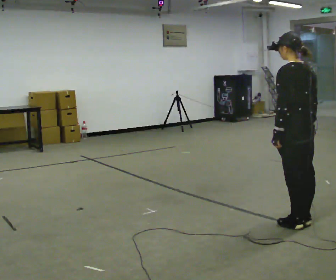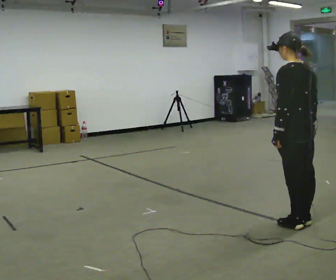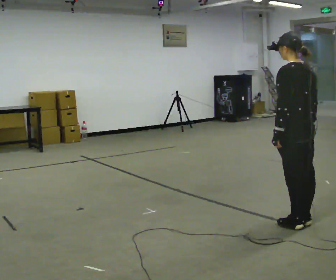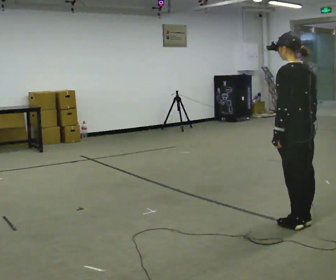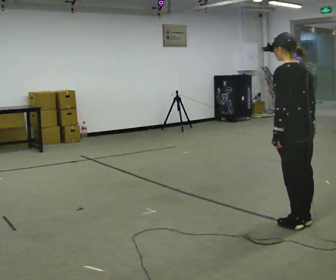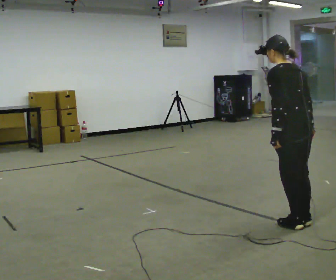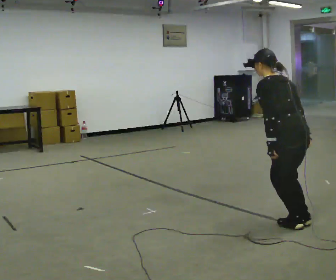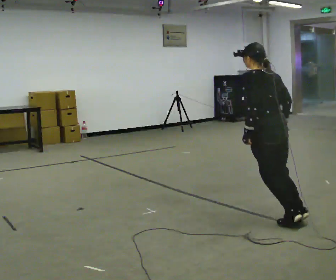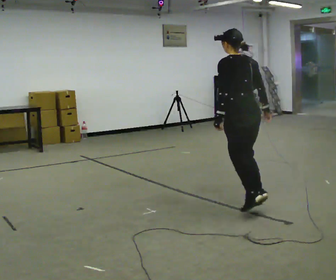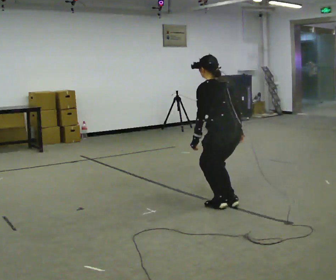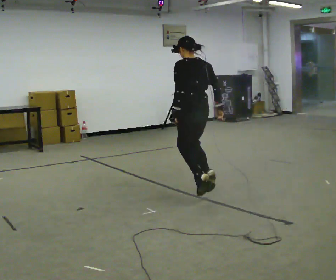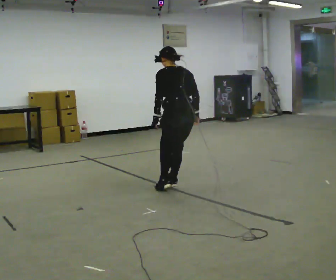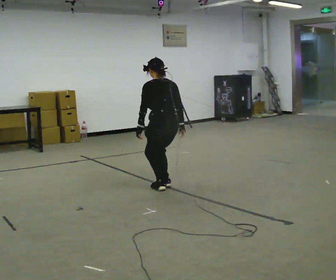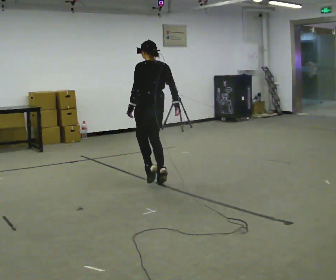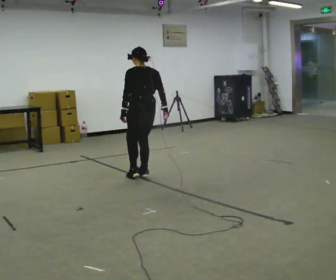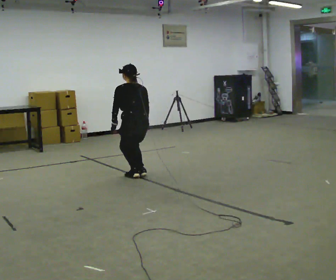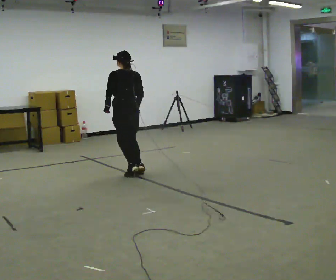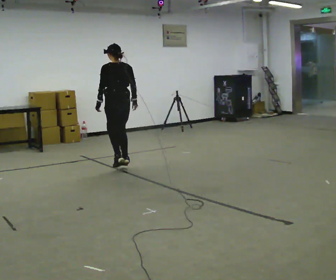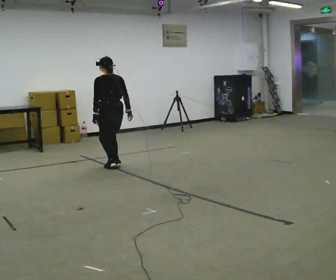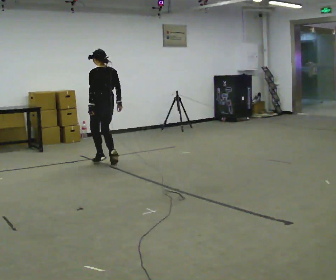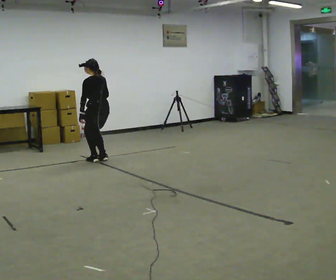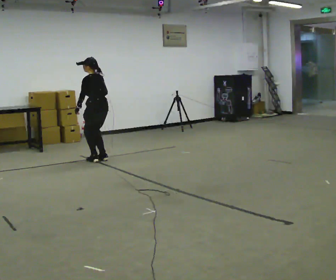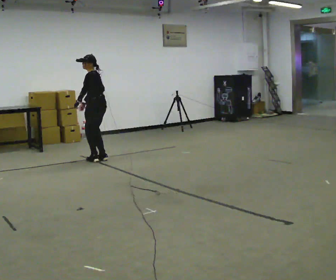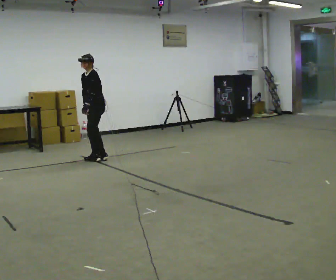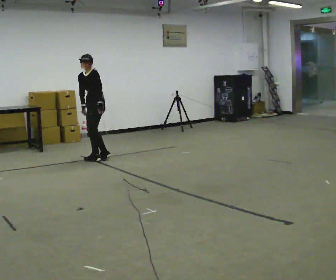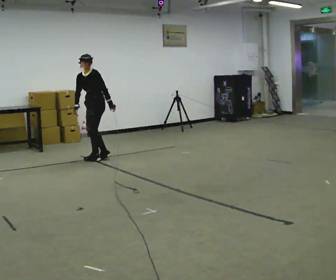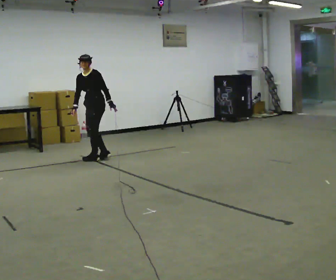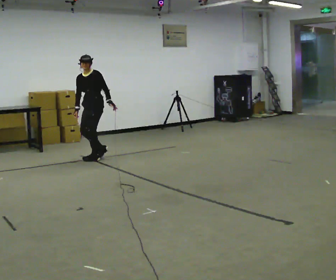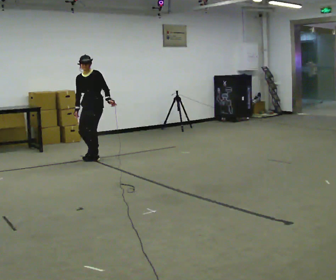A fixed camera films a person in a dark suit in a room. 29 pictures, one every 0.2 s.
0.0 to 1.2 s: The upper body tips away from the camera, its near side rolling upward, as they bend forward.
1.2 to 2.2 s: In the picture they go away from the camera and to the left, about 1.5 m, which for them is forward.
2.2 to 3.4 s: In the picture they go away from the camera and to the left, about 1.5 m in 4 steps, which for them is forward.
3.4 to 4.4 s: The part of the body nearest the lens slides to the right as the person turns to their left by about 60 degrees. In the picture they go away from the camera and to the left, about 0.75 m in 2 steps, which for them is forward.
4.4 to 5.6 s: The part of the body nearest the lens slides to the right as the person turns to their left by about 75 degrees. In the picture their left hand goes to the right, the arm swinging counterclockwise.
The film runs forward here.
